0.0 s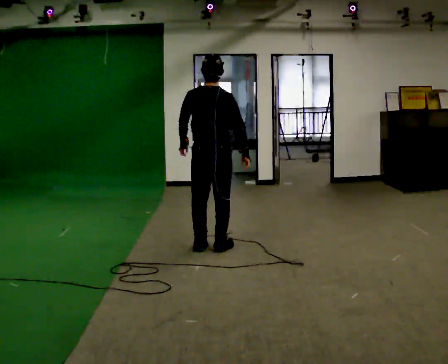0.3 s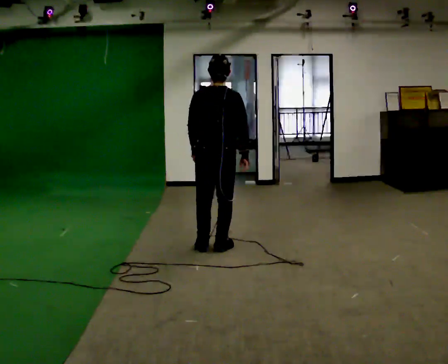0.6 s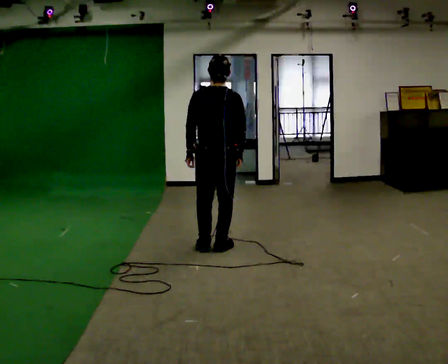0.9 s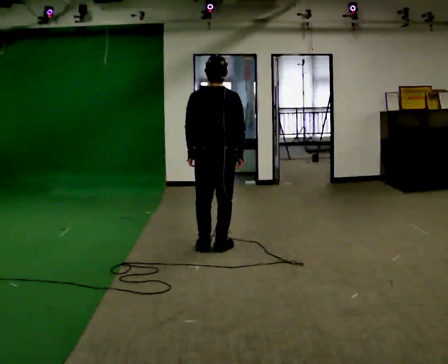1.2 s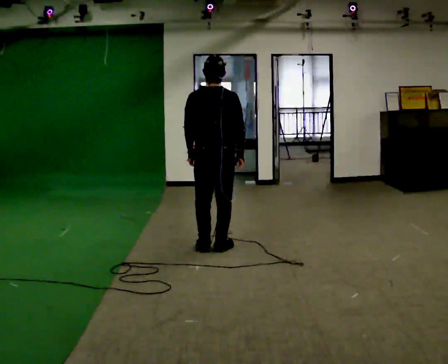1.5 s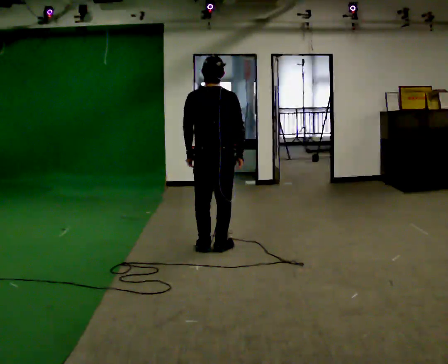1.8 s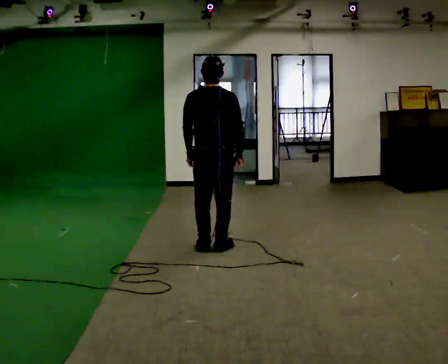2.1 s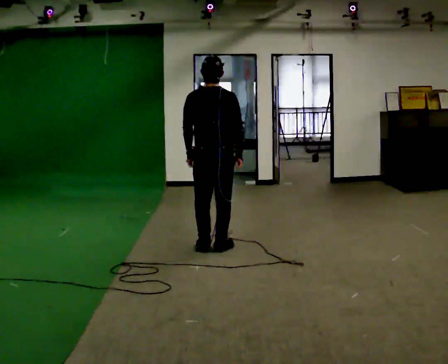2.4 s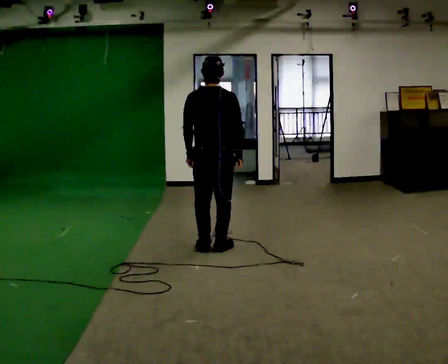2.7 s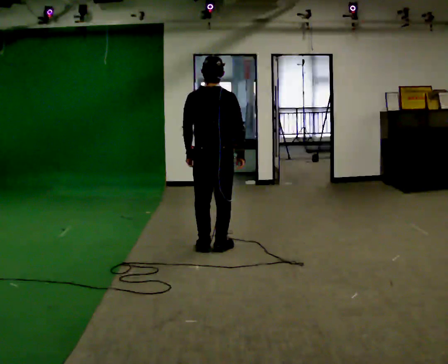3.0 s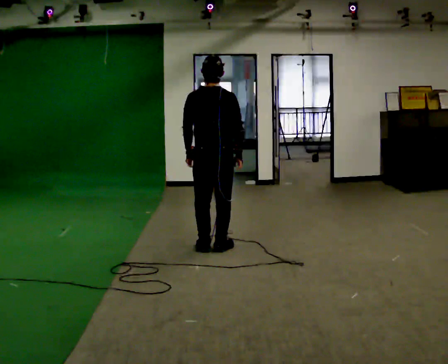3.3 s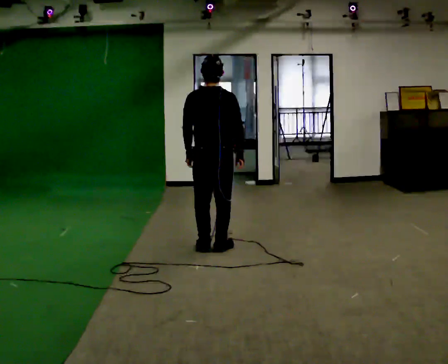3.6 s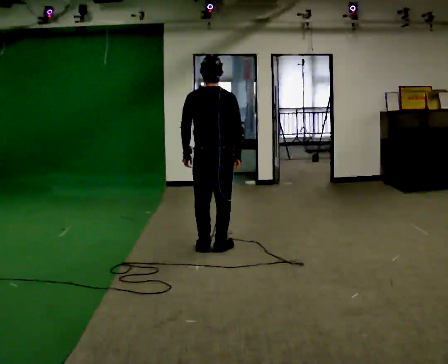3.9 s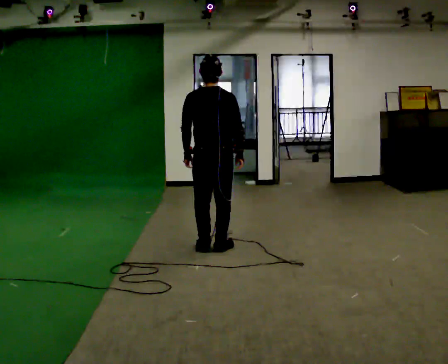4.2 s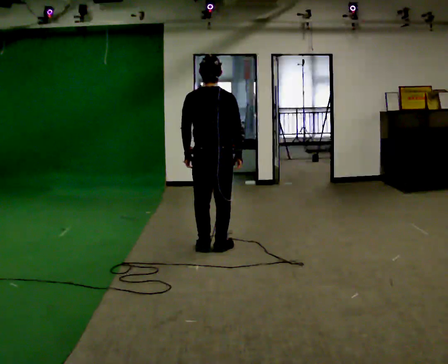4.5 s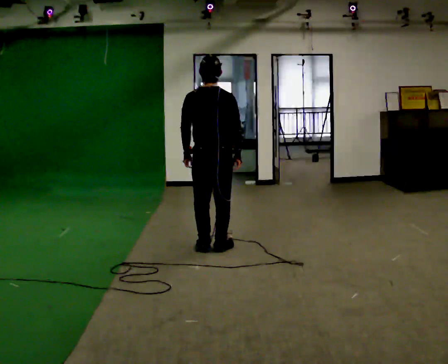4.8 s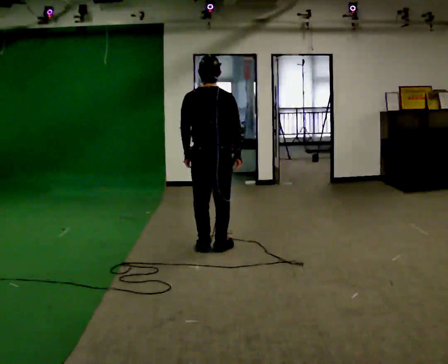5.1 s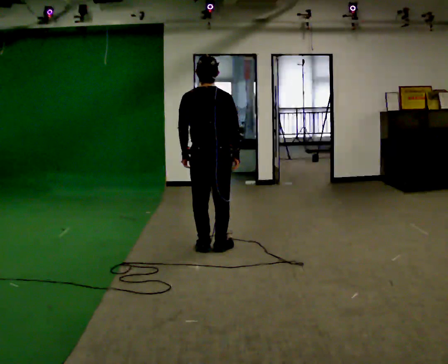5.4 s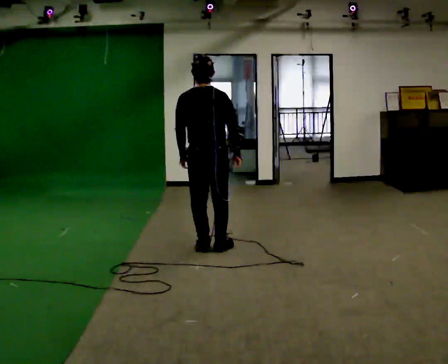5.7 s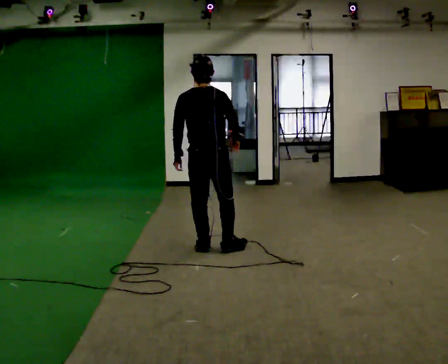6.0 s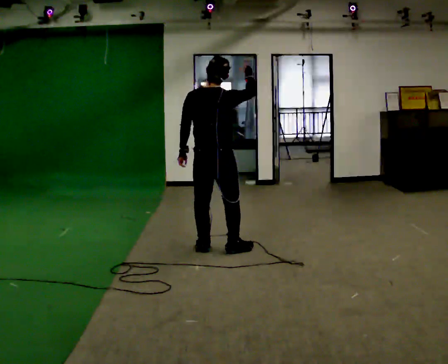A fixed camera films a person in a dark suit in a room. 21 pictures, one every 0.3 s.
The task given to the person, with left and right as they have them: Mime throwing a ball overhand as far as you can, with no ball. Repeat the movement at your own pace until the operator says stop; do not rush.
0.0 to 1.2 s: The person moves a little, or ends about where they began.
1.2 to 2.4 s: The person keeps their place and pose.
2.4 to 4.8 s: The person moves a little, or ends about where they began.
4.8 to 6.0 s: In the picture their right hand goes upward.
The film runs forward here.
